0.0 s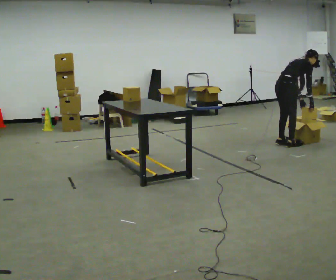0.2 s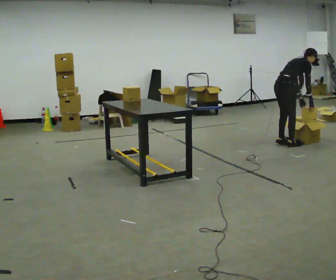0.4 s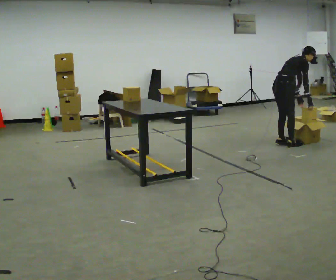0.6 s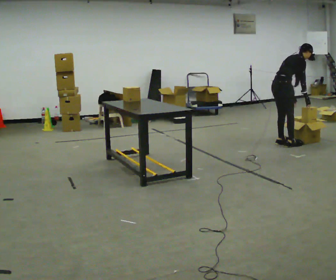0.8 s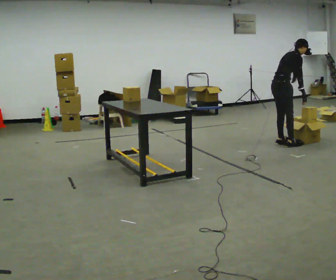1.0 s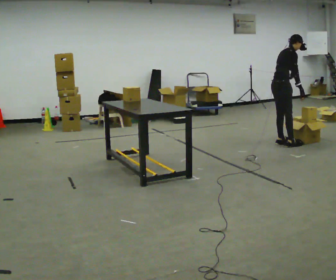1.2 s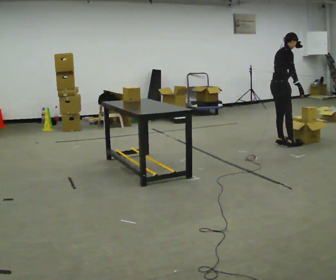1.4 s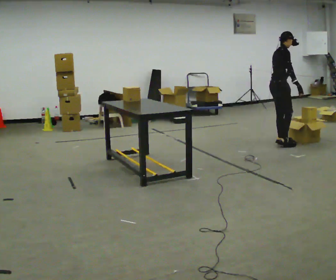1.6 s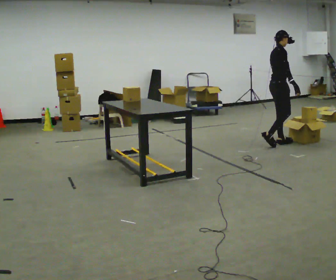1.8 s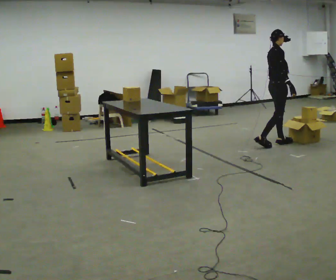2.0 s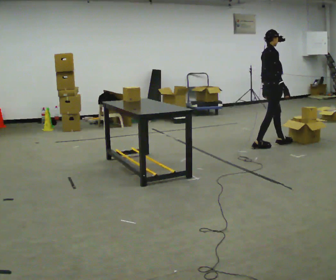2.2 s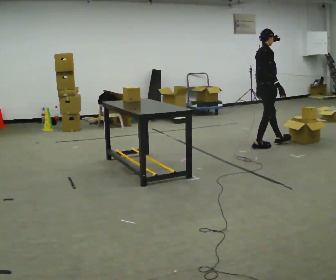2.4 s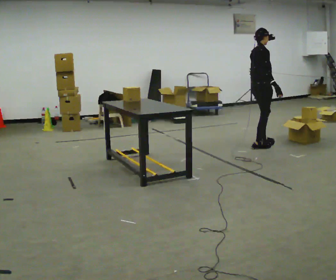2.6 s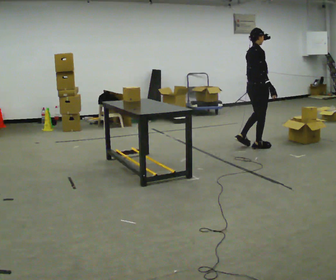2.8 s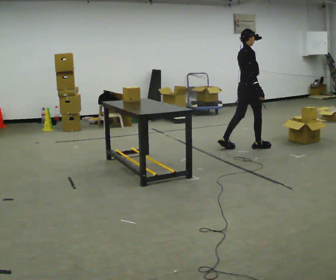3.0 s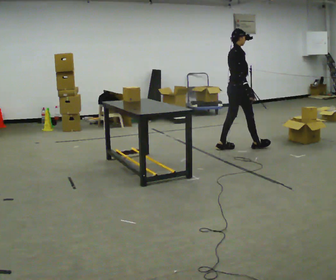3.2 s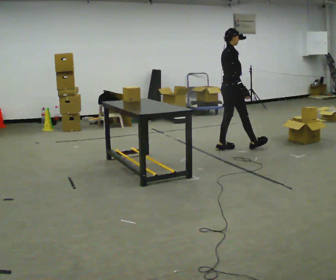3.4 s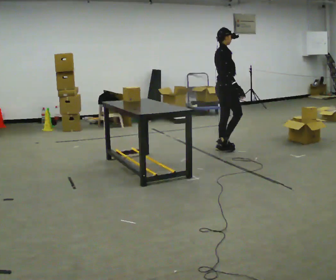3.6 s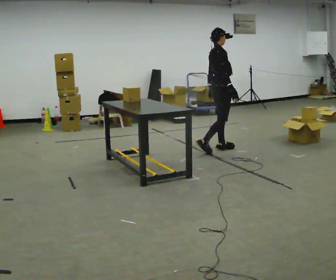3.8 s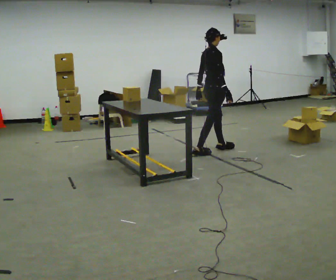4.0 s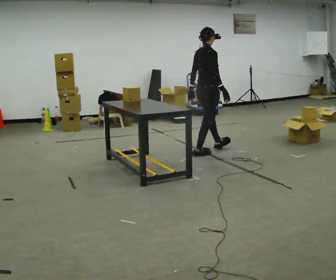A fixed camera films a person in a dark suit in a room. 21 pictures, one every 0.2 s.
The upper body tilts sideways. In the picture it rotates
counterclockwise.
The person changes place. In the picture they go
to the left.
0.0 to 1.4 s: The shoulders move upward. In the picture the upper body tilts counterclockwise, shoulders to the left, as they lean back or straighten.
1.4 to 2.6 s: In the picture they go to the left and toward the camera, about 0.25 m in 1 step, which for them is backward and to their right.
2.6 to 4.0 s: In the picture they go to the left and toward the camera, about 0.5 m in 2 steps, which for them is backward.
The film runs backward here.
